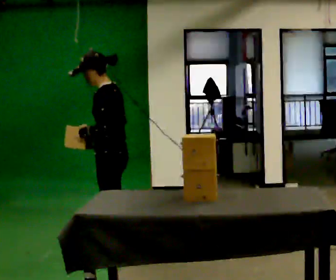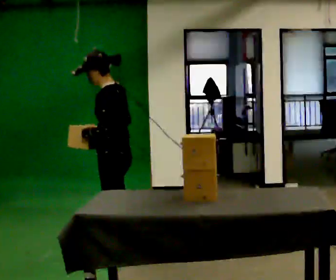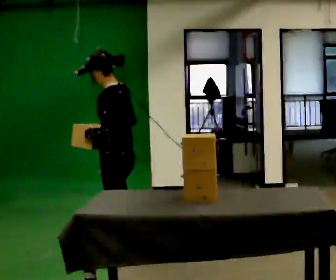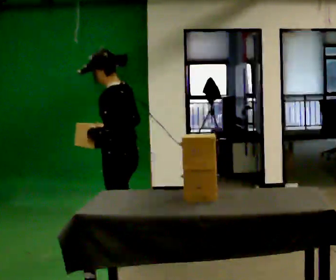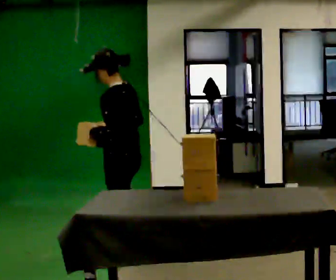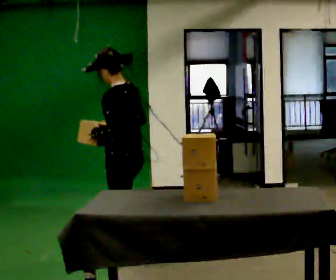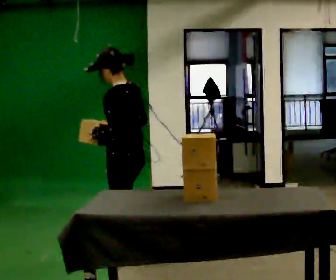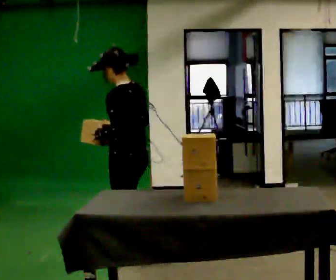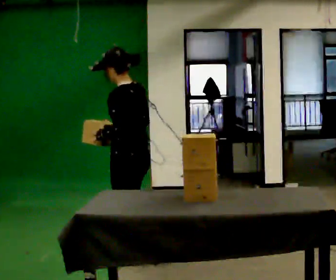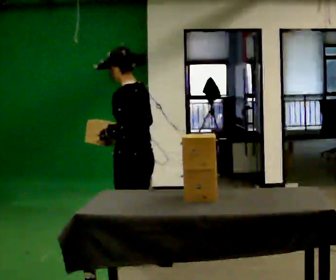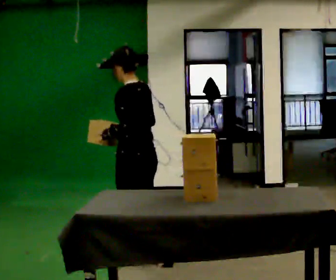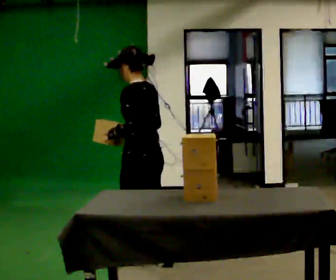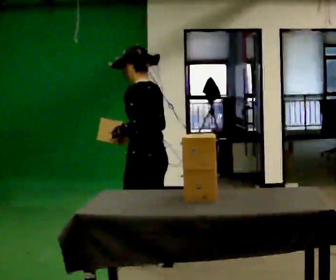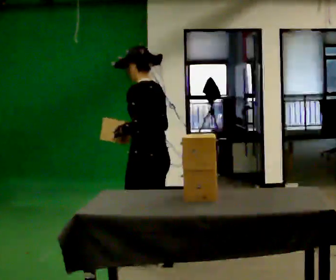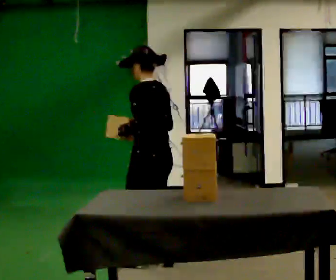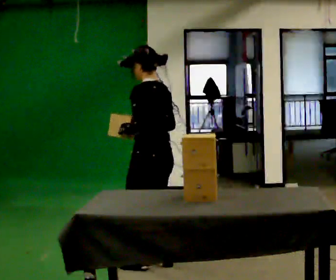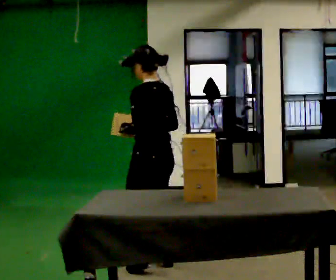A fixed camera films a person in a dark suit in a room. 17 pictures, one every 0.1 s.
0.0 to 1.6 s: The person turns about 30 degrees to their right, clockwise seen from above, so the part of the body nearest the lens slides to the left. In the picture they go to the right and toward the camera, about 0.5 m in 2 steps, which for them is backward.
The film runs backward here.
